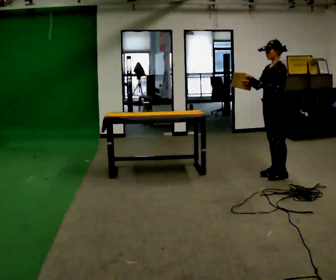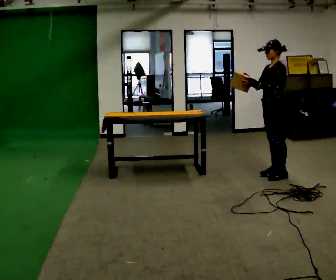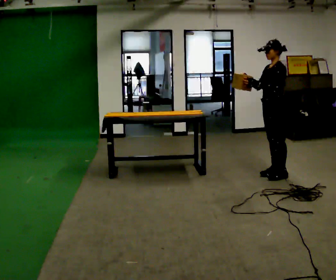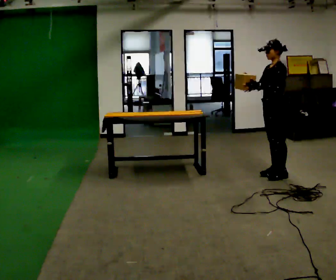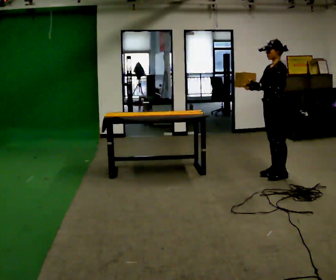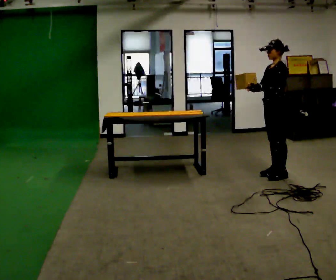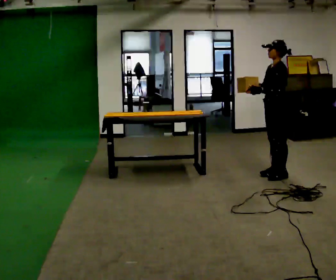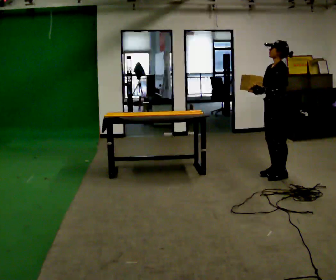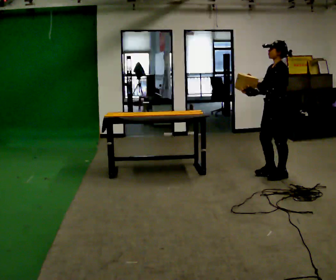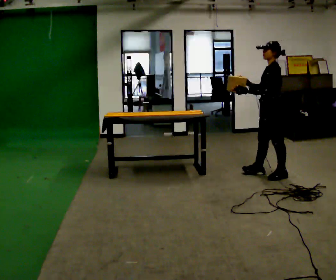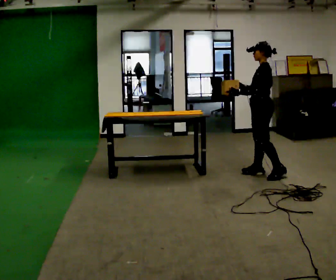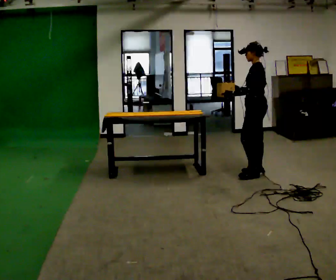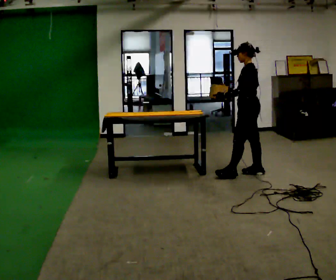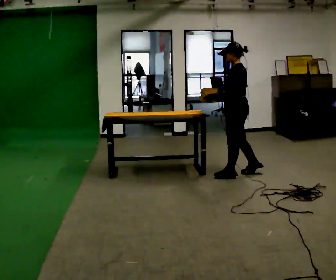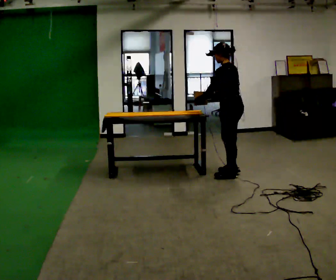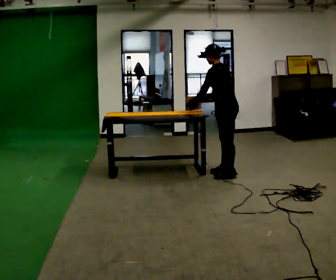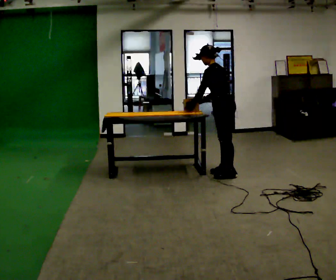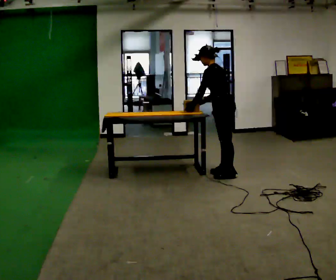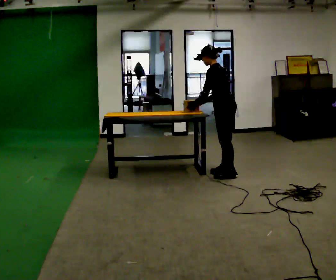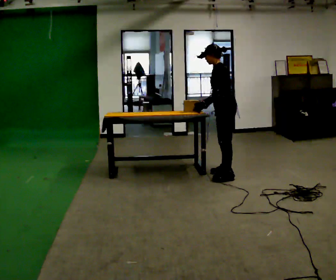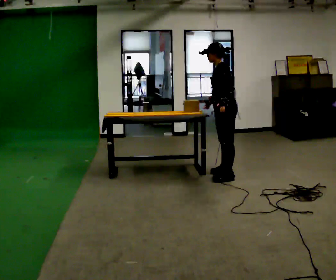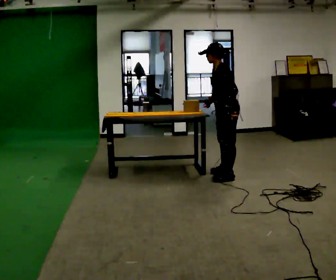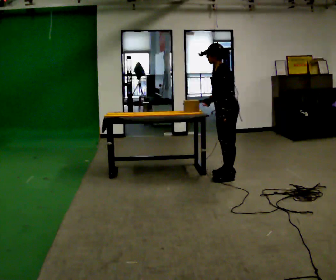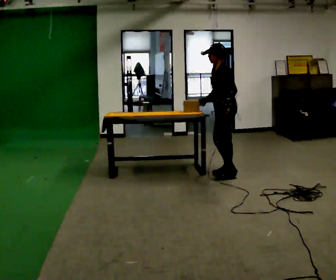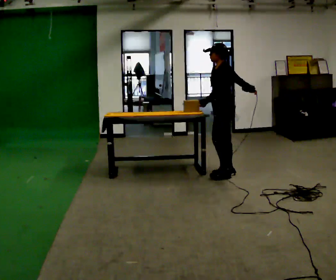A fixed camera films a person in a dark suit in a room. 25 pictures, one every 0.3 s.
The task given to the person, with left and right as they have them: Carry the object across the room and slide it into the slot on the shelf. It is a close fit, so take the time you need. Keep going until the operator says stop; one object at a time, and do not rush between trips.
0.0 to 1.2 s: The person keeps their place and pose.
1.2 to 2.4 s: The person moves a little, or ends about where they began.
2.4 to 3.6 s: In the picture they go to the left, about 0.25 m in 2 steps, which for them is forward and to their right.
3.6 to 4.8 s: In the picture they go to the left, about 0.25 m in 1 step, which for them is forward. In the picture the upper body tilts counterclockwise, shoulders to the left, as they bend forward.
4.8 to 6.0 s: In the picture their left hand goes to the right, the arm swinging counterclockwise.
6.0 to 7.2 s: The person moves a little, or ends about where they began.
The film runs forward here.
